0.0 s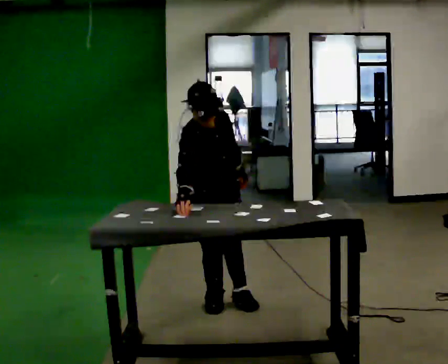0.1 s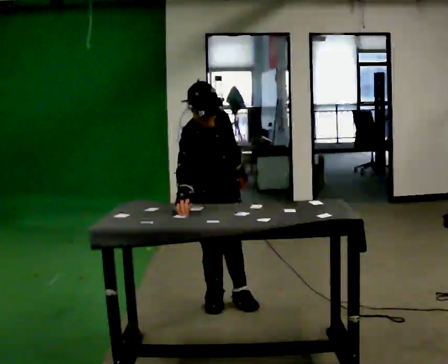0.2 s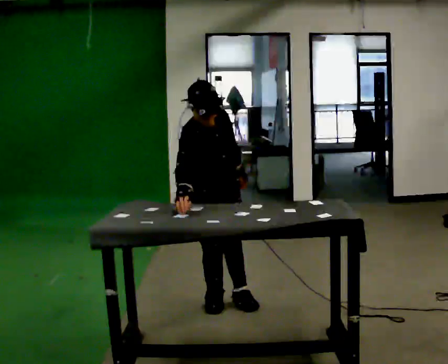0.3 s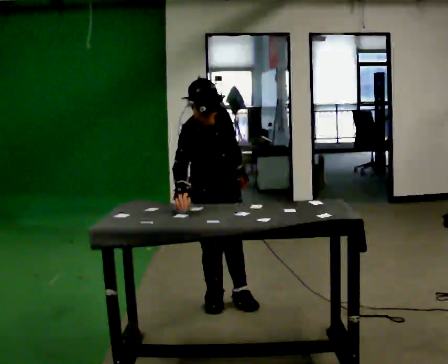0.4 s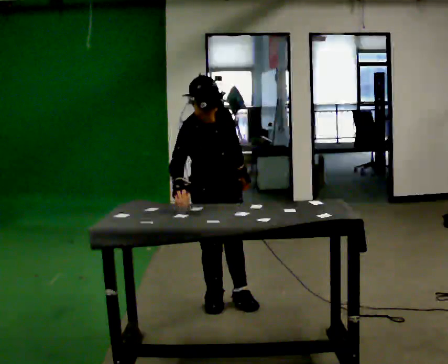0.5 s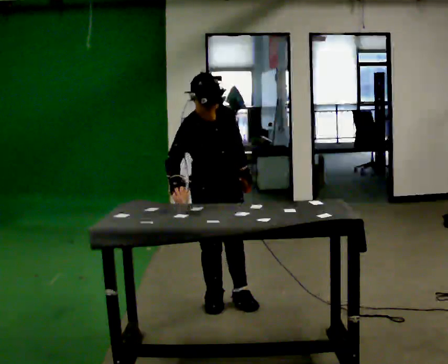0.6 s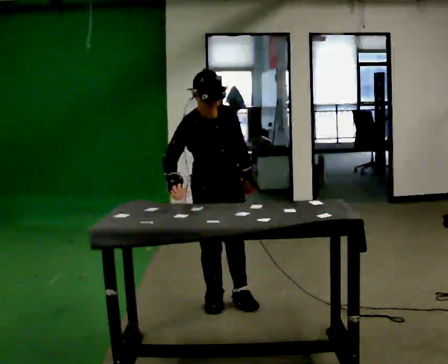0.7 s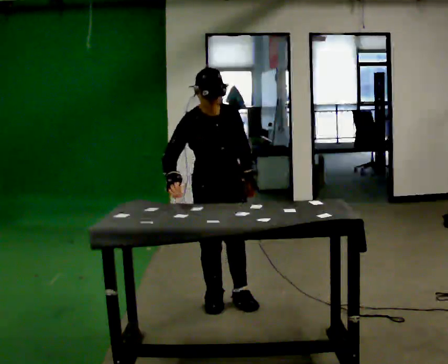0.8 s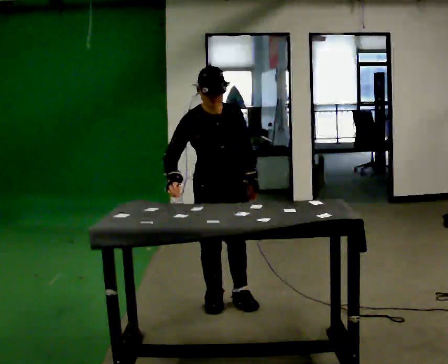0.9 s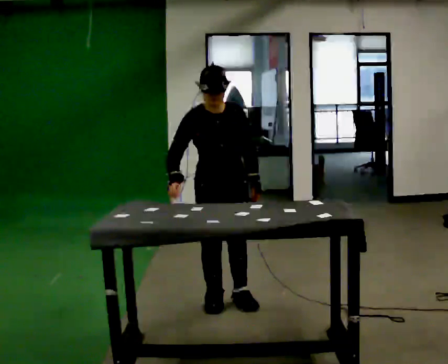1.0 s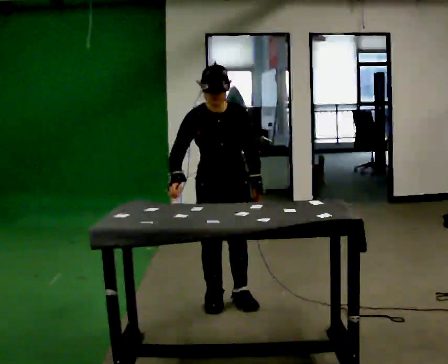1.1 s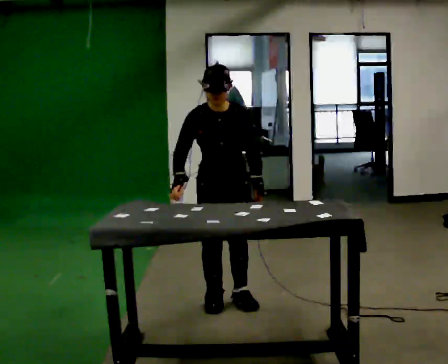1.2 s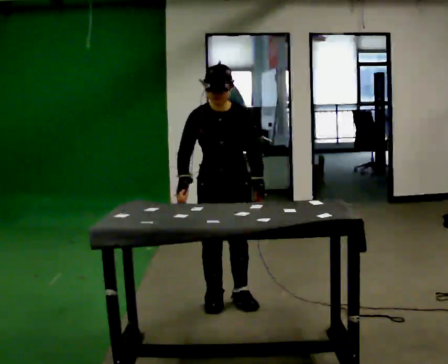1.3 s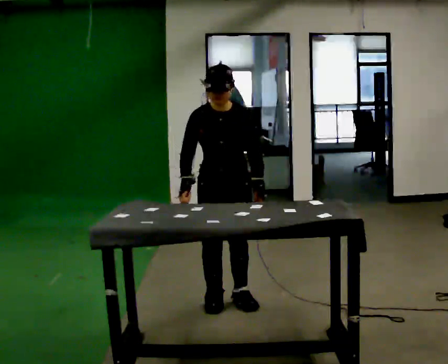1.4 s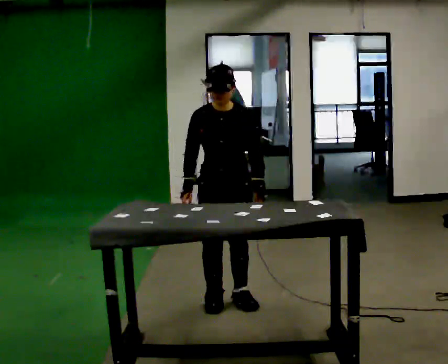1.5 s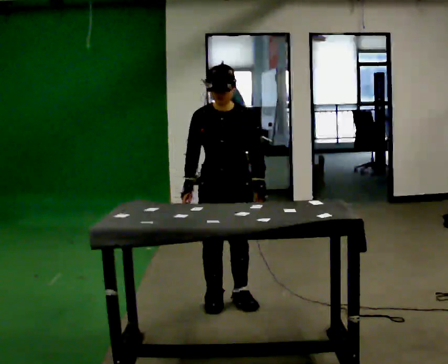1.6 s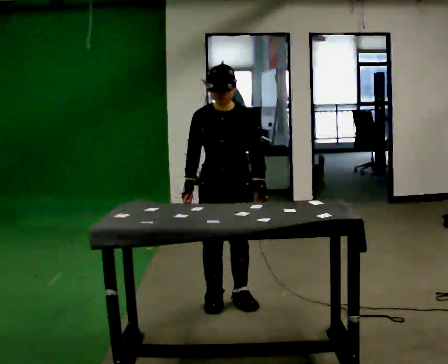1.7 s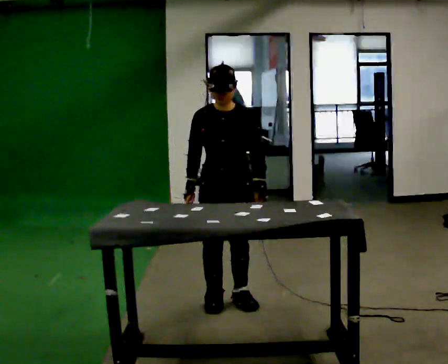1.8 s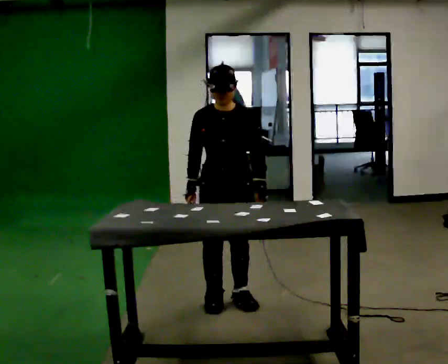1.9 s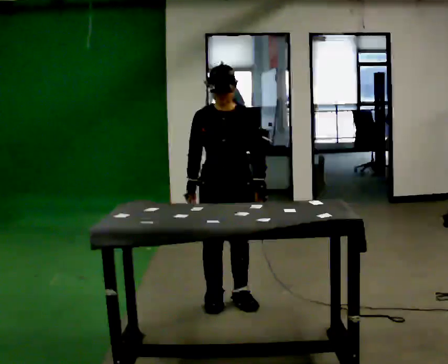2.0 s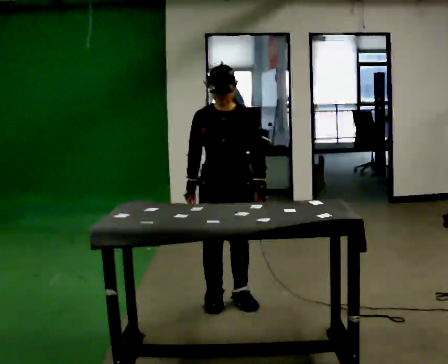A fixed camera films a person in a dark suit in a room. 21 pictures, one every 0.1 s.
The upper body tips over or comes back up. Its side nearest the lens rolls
upward.
0.0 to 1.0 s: The person turns about 30 degrees to their right, clockwise seen from above, so the part of the body nearest the lens slides to the left. The upper body tips away from the camera, its near side rolling upward, as they lean back or straighten.
1.0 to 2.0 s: The person moves a little, or ends about where they began.
The film runs forward here.
